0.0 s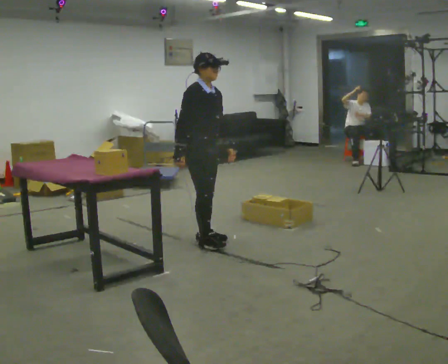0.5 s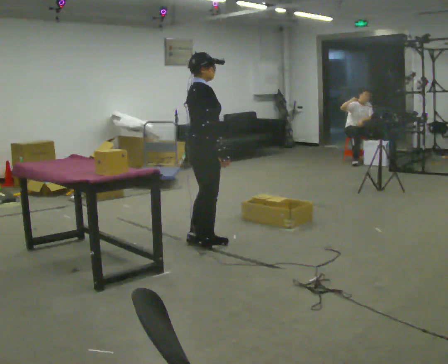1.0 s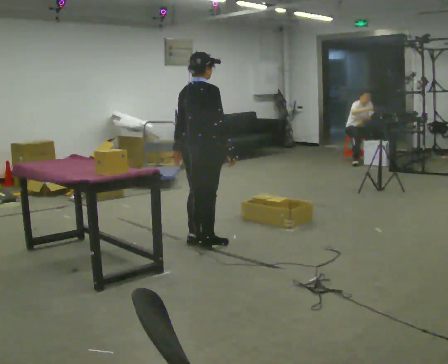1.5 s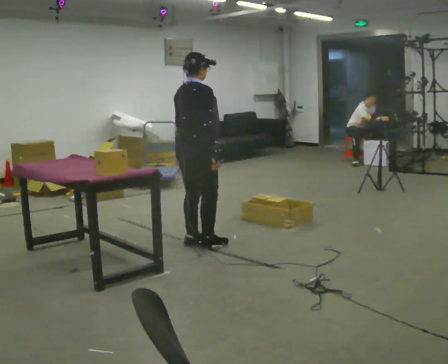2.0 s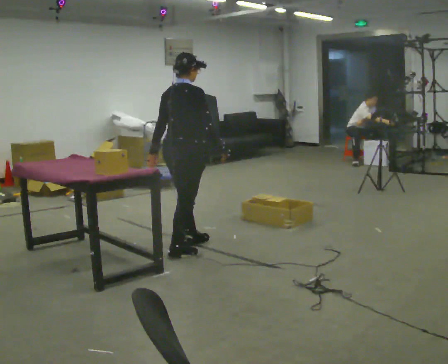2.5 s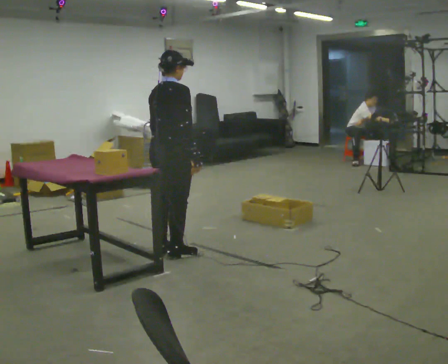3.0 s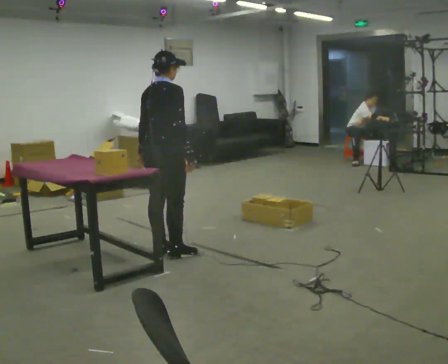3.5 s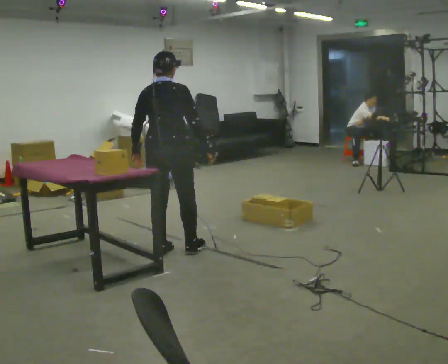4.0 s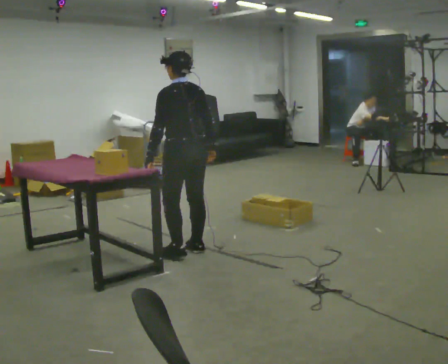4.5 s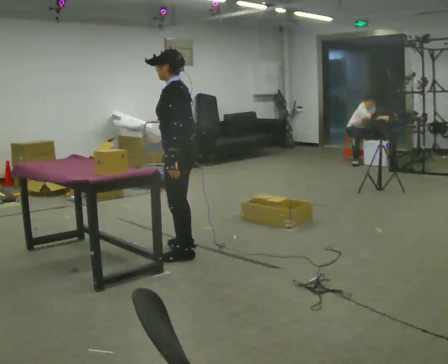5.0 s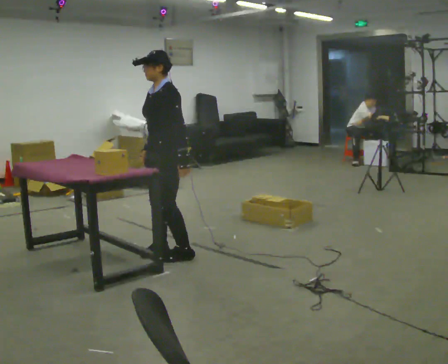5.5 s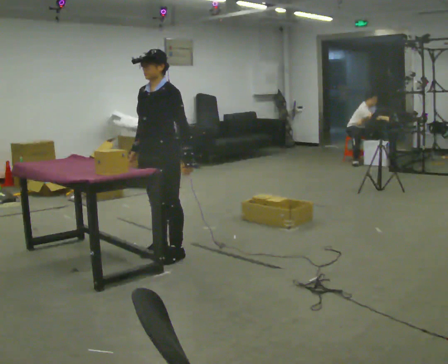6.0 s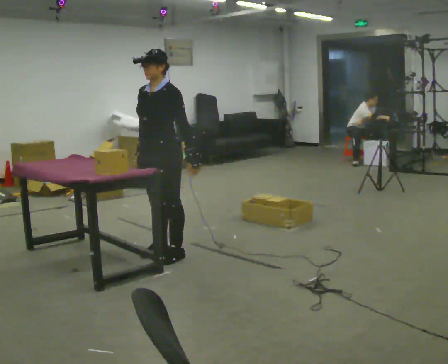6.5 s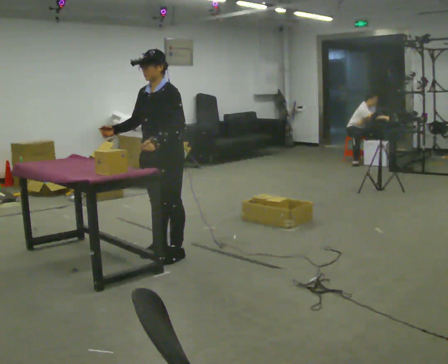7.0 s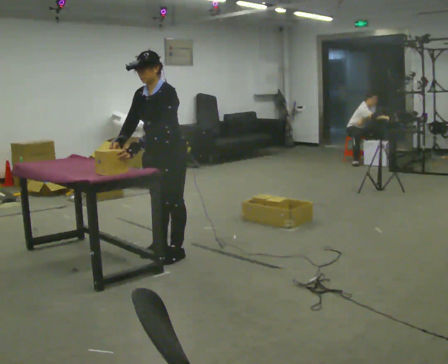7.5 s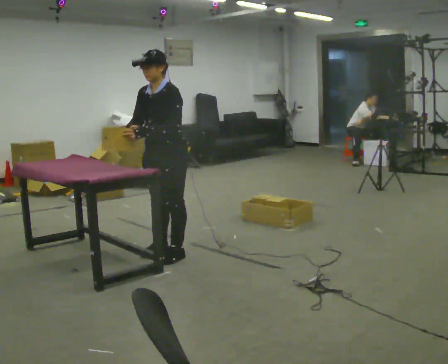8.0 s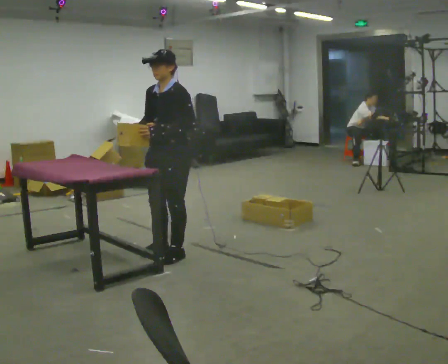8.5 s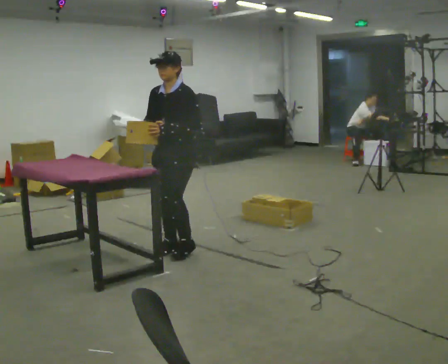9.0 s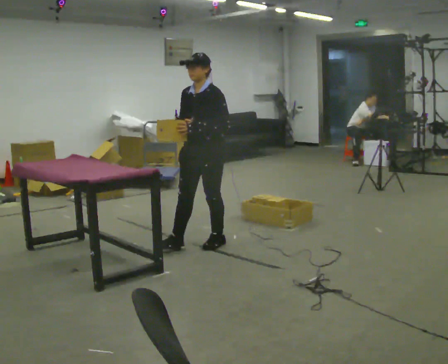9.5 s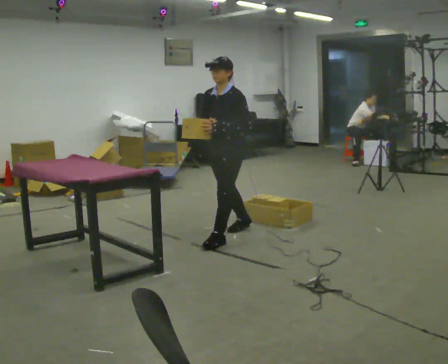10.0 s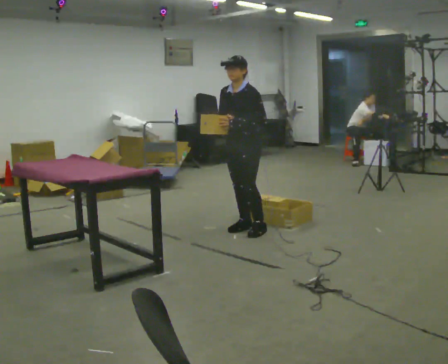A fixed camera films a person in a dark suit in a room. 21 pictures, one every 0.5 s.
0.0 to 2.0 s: The part of the body nearest the lens slides to the right as the person turns to their left by about 75 degrees. In the picture they go to the left, about 0.25 m in 2 steps. In the picture their right hand goes to the right, the arm swinging counterclockwise.
2.0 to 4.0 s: The part of the body nearest the lens slides to the right as the person turns to their left by about 75 degrees.
4.0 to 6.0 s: The part of the body nearest the lens slides to the right as the person turns to their left by about 105 degrees. In the picture they go to the left, about 0.25 m in 1 step.
6.0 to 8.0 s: The person moves a little, or ends about where they began.
8.0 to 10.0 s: In the picture they go to the right and away from the camera, about 1 m in 3 steps, which for them is backward.
The film runs backward here.
